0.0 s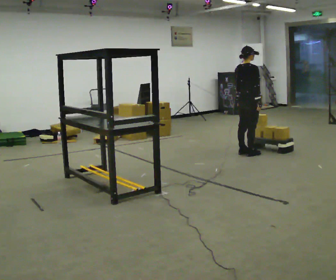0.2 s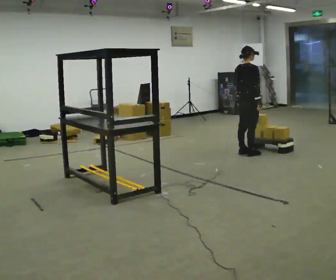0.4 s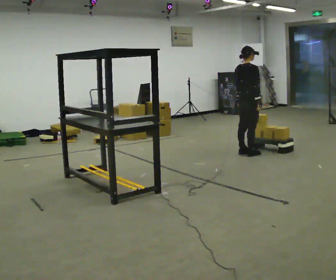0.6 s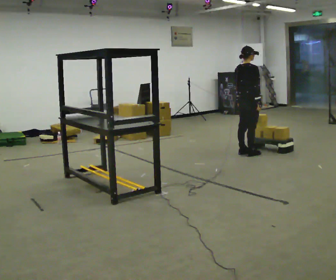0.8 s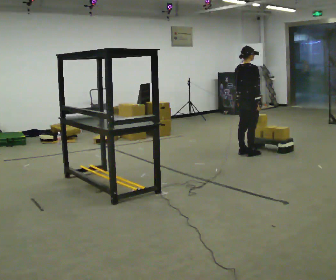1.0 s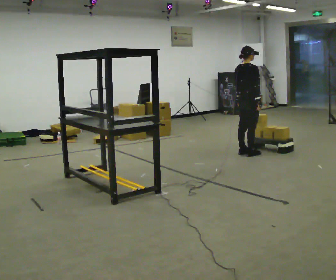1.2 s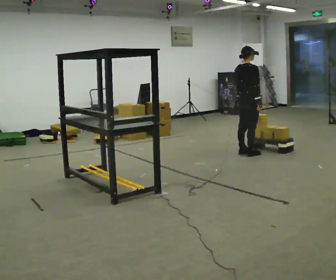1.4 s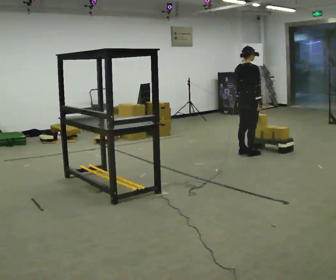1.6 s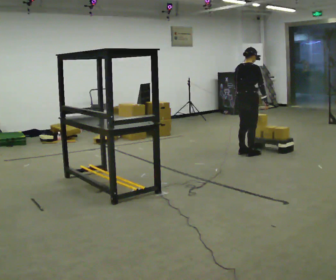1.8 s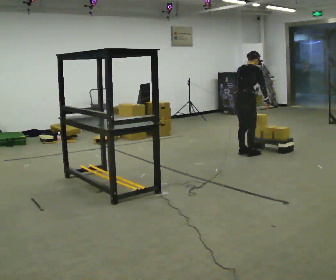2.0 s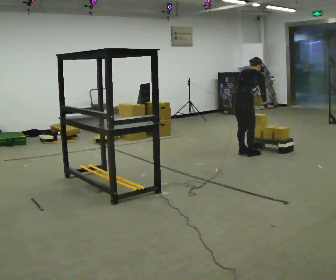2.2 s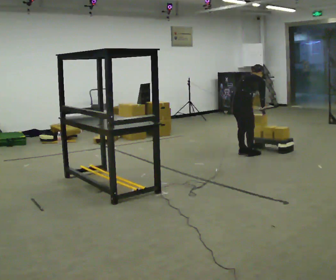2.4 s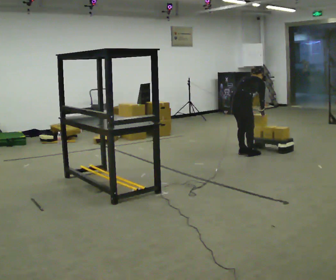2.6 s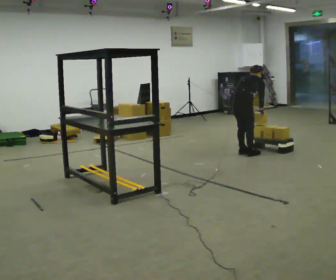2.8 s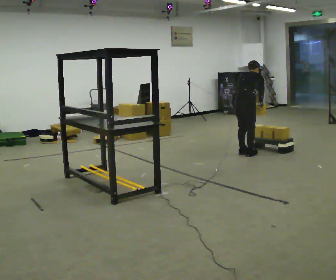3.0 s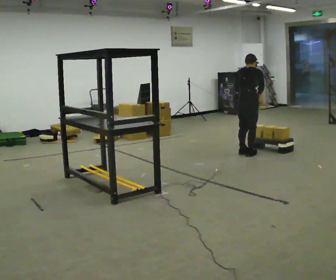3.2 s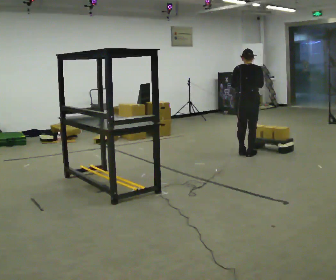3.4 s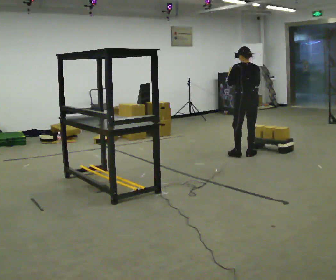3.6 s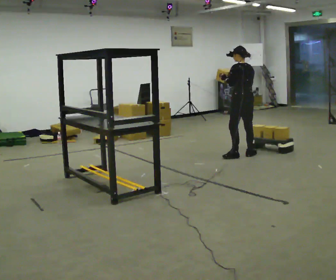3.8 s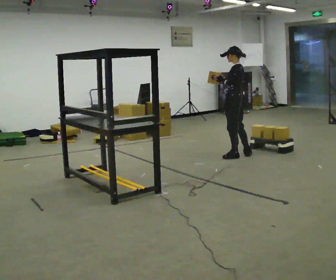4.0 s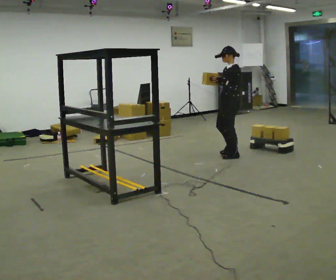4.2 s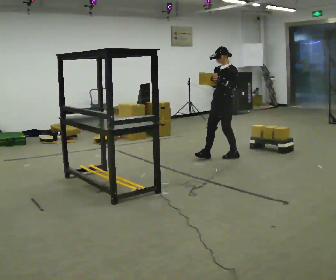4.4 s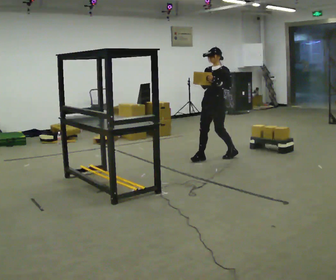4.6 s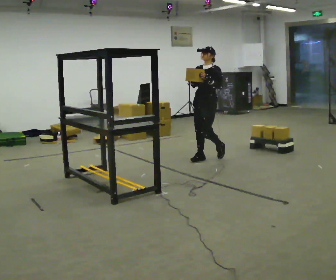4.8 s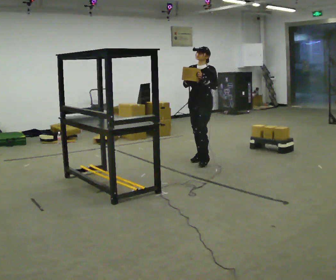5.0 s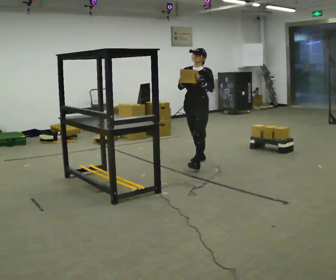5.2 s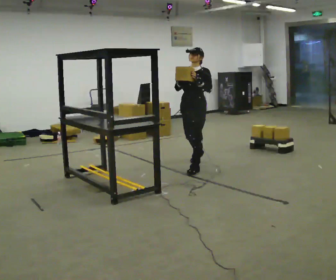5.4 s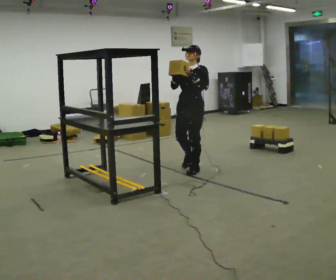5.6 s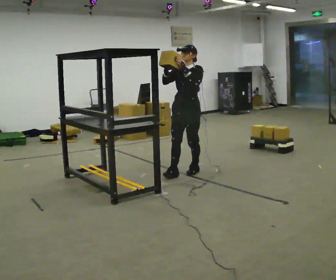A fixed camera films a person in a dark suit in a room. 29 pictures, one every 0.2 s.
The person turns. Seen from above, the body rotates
counterclockwise.
The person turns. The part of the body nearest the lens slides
to the right.
0.0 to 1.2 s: The person keeps their place and pose.
1.2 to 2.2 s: The shoulders move downward. The upper body tips away from the camera, its near side rolling upward, as they bend forward.
2.2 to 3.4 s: The person turns about 60 degrees to their left, counterclockwise seen from above, so the part of the body nearest the lens slides to the right. The upper body goes upward. In the picture the upper body tilts counterclockwise, shoulders to the left, as they lean back or straighten. In the picture their right hand goes upward.
3.4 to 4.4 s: The part of the body nearest the lens slides to the right as the person turns to their left by about 120 degrees. In the picture they go to the left, about 0.5 m in 2 steps.
4.4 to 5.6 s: In the picture they go toward the camera and to the left, about 0.5 m in 1 step, which for them is forward.
The film runs forward here.
